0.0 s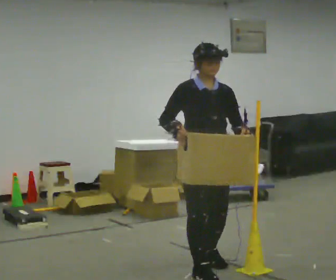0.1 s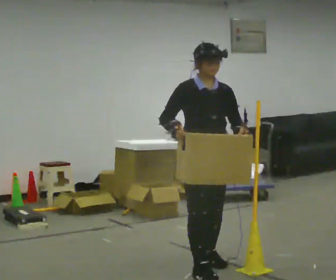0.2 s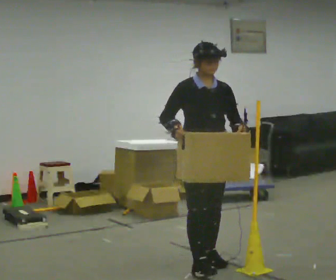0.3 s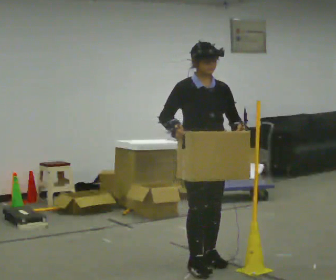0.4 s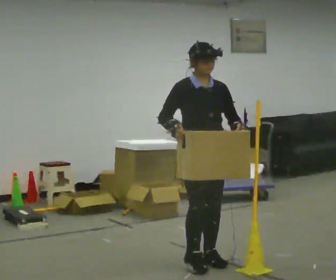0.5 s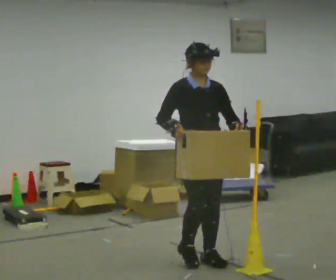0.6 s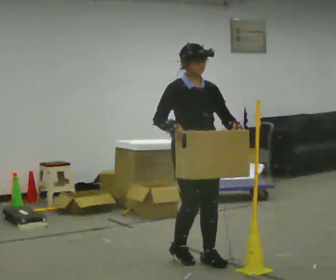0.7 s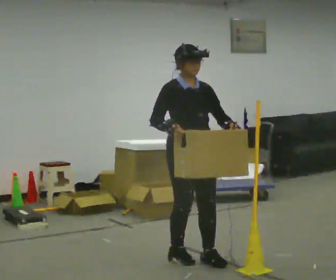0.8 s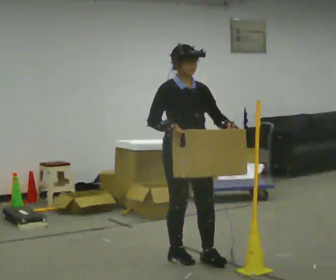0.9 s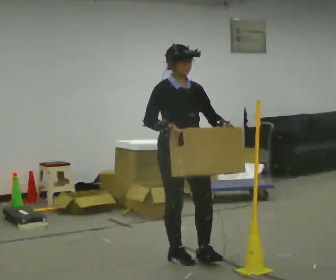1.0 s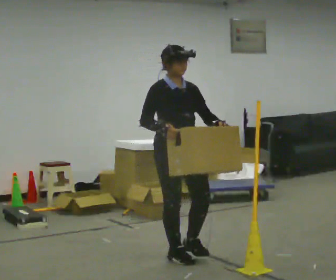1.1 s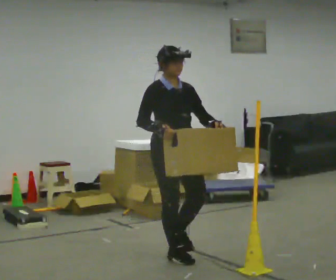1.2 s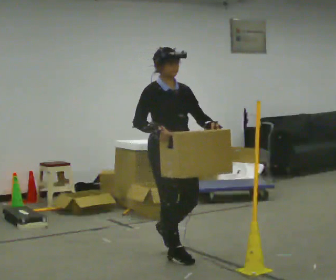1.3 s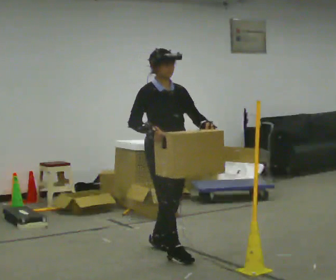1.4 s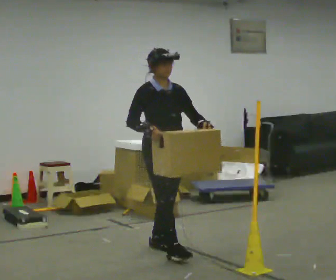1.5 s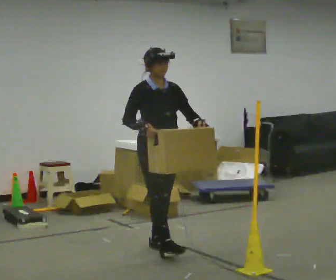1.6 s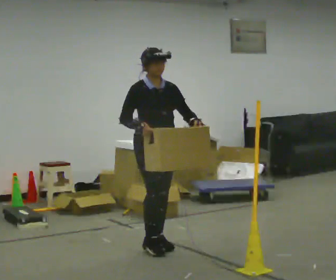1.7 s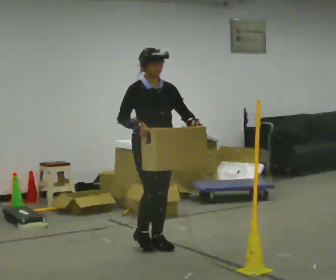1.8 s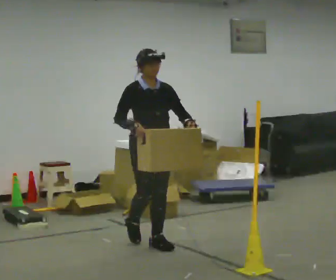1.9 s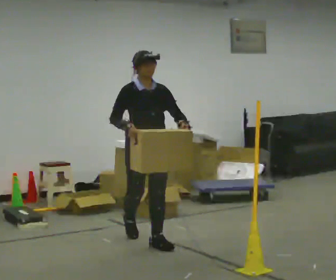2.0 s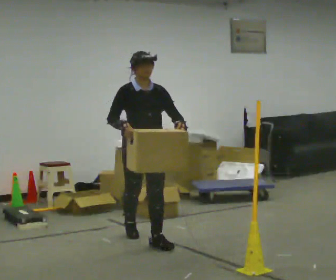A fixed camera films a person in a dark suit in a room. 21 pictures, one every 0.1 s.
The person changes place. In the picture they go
away from the camera.
0.0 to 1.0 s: In the picture they go away from the camera and to the left, about 0.5 m in 2 steps, which for them is backward.
1.0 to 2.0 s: In the picture they go away from the camera and to the left, about 0.5 m in 1 step, which for them is backward.
The film runs backward here.
